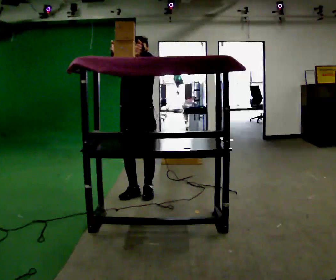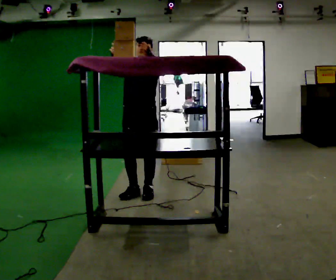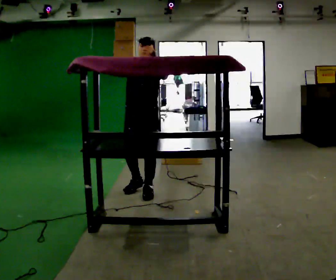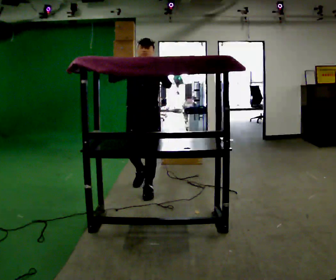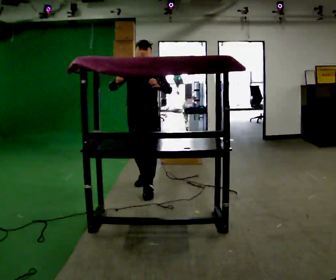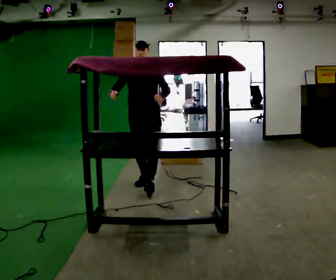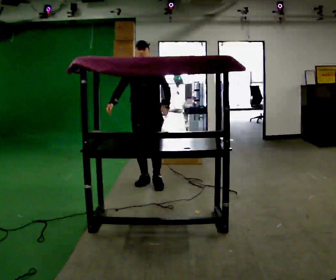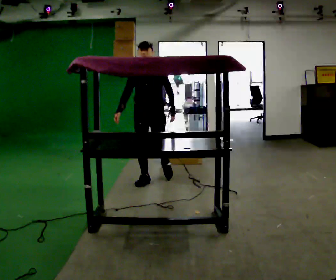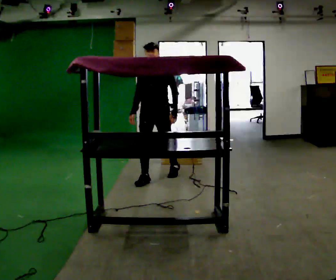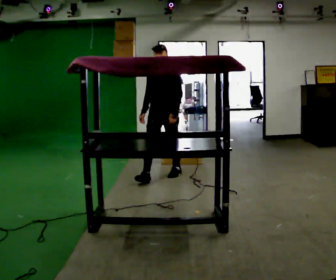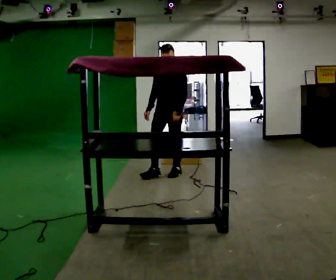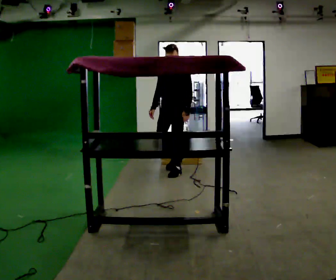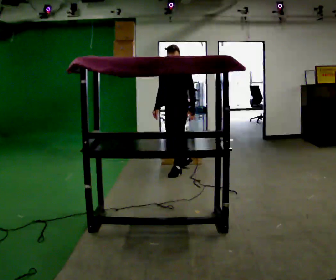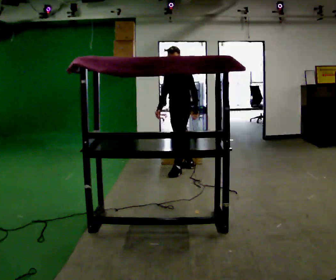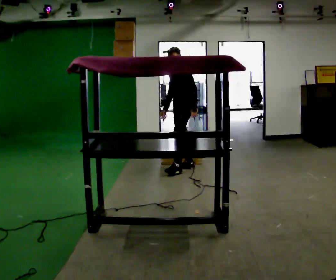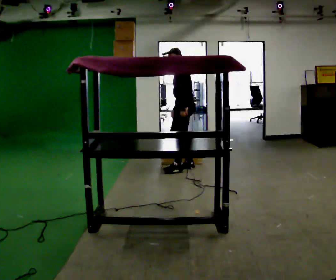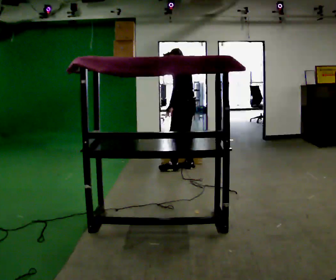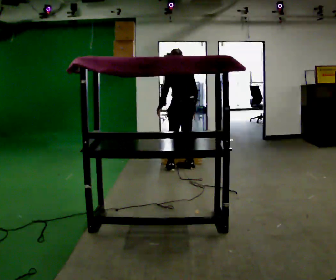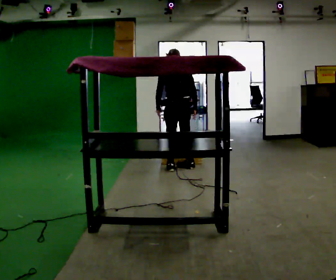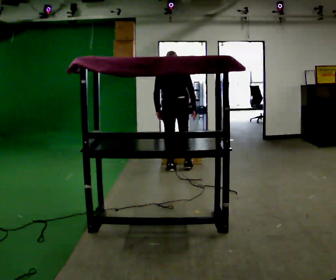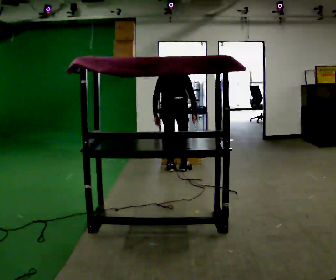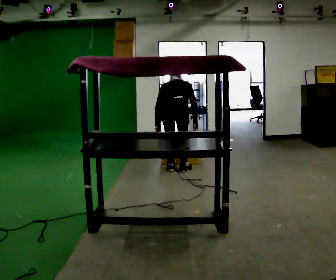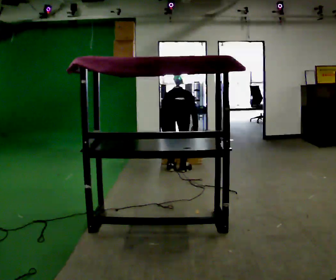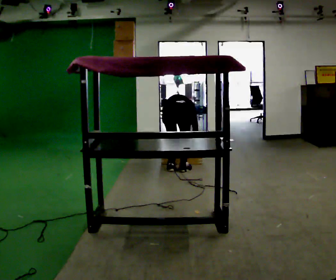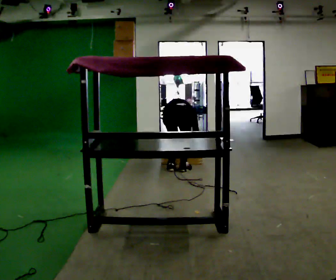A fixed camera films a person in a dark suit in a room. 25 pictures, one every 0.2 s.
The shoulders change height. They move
downward.
Their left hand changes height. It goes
downward.
0.0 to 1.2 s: In the picture they go away from the camera, about 0.5 m in 2 steps, which for them is backward. In the picture their right hand goes downward.
1.2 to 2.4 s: The part of the body nearest the lens slides to the left as the person turns to their right by about 30 degrees. In the picture they go away from the camera and to the right, about 0.75 m in 1 step, which for them is backward.
2.4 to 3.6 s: The part of the body nearest the lens slides to the left as the person turns to their right by about 120 degrees. In the picture their left hand goes to the left, the arm swinging clockwise.
3.6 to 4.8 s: The person turns about 30 degrees to their right, clockwise seen from above, so the part of the body nearest the lens slides to the left. In the picture they go toward the camera, about 0.25 m in 1 step, which for them is backward. The shoulders move downward. The upper body tips away from the camera, its near side rolling upward, as they bend forward. In the picture their left hand goes downward.
The film runs backward here.
